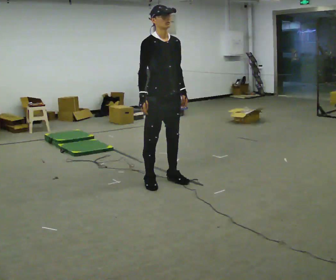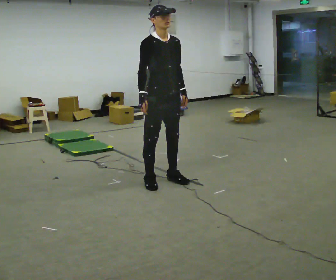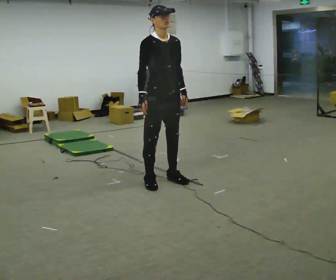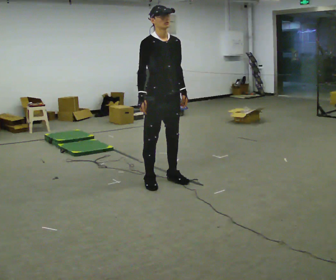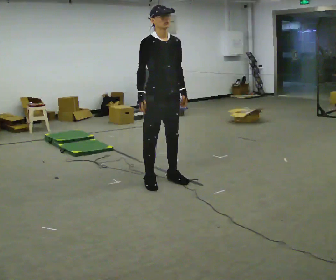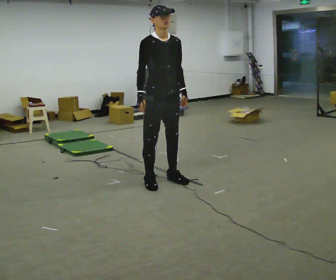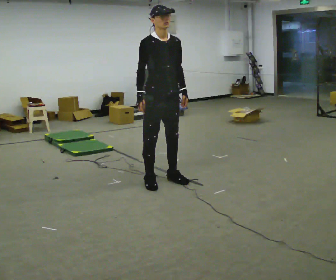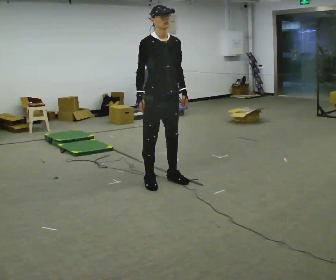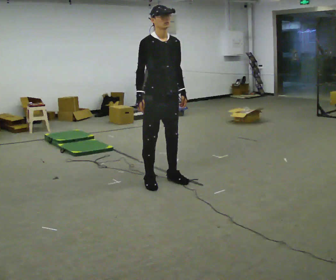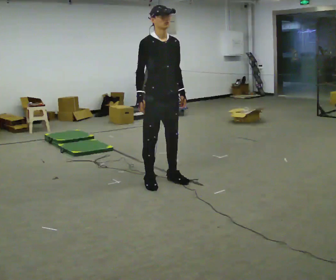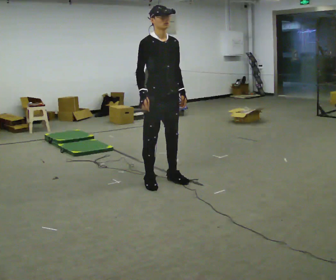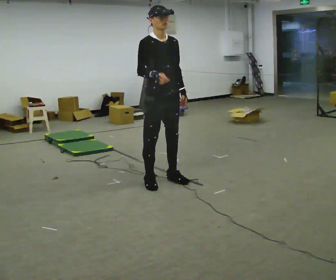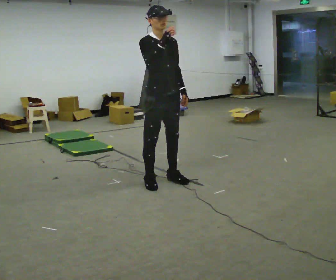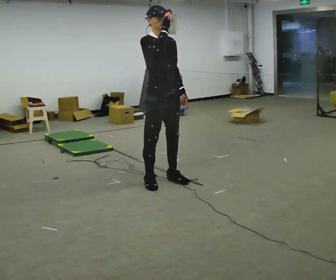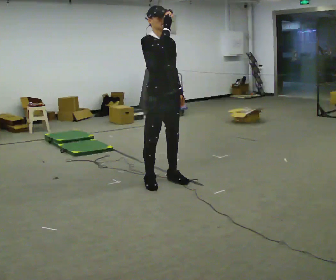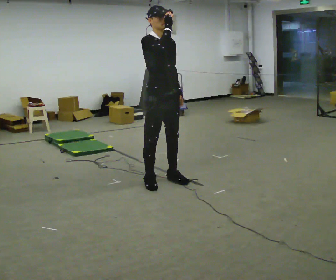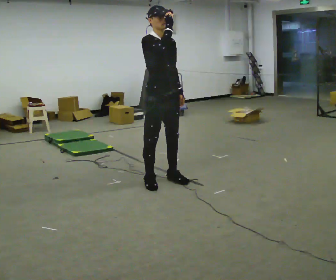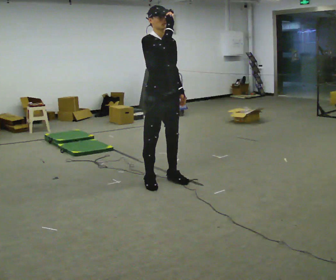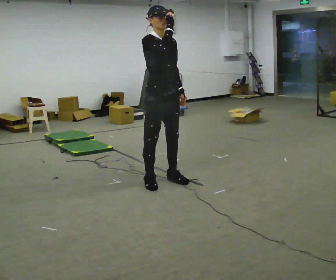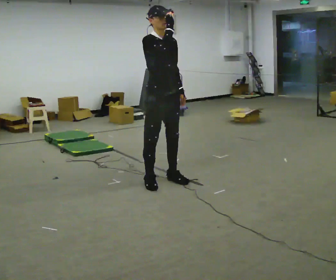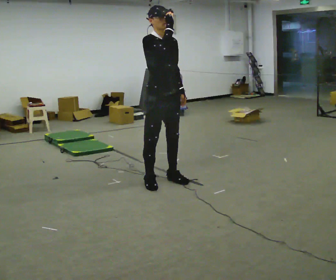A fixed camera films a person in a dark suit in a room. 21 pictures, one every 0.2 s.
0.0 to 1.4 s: The person moves a little, or ends about where they began.
1.4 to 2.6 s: In the picture their right hand goes upward.
2.6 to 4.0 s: The person moves a little, or ends about where they began.
The film runs forward here.
